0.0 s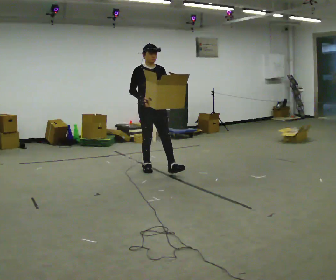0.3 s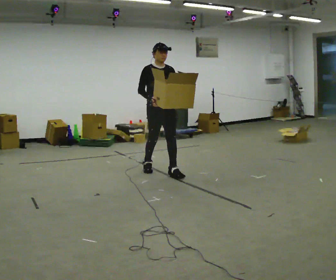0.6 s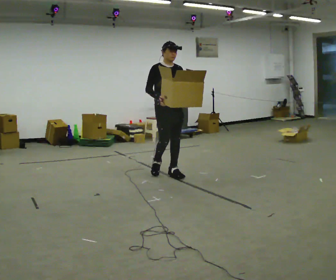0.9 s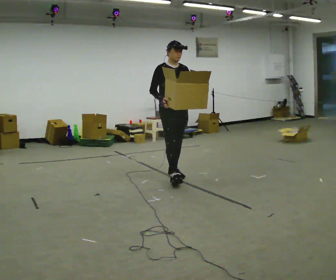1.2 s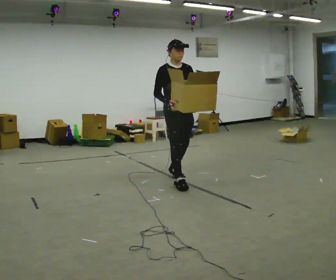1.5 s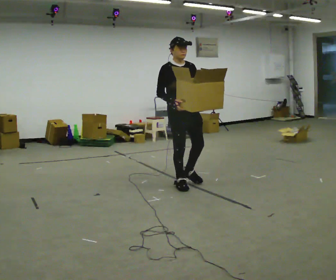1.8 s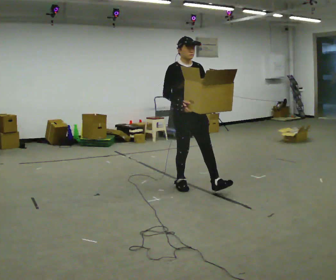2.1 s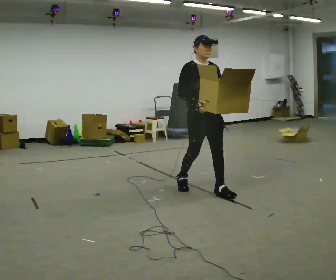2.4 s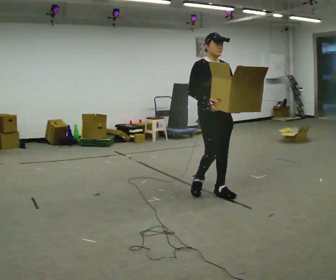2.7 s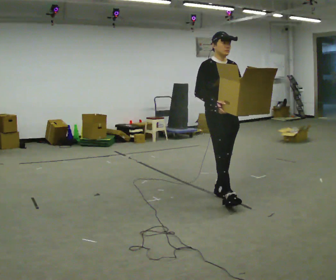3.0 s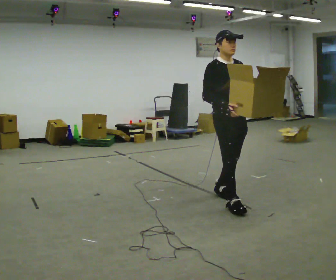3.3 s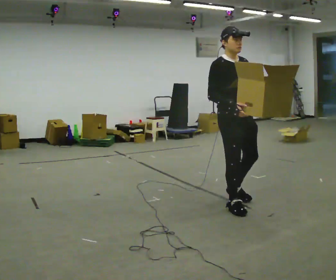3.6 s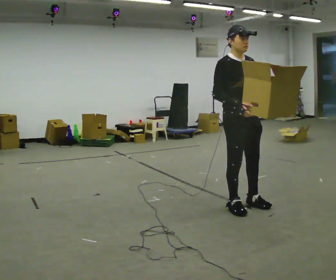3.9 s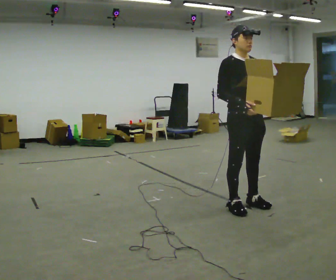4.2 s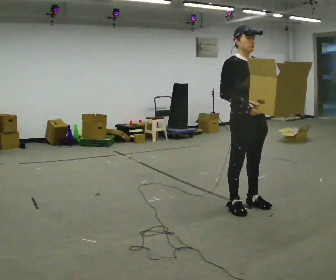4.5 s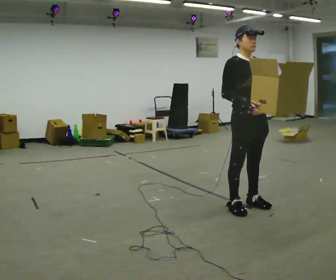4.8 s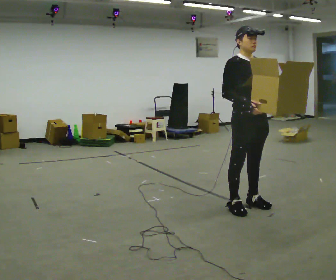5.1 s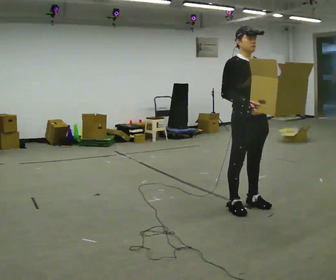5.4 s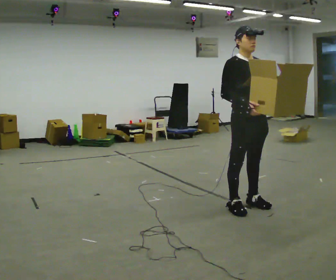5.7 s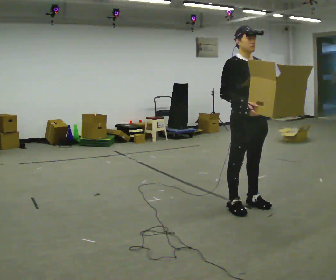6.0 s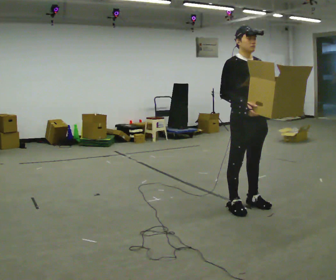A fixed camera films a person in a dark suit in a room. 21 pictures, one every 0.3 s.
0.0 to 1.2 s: In the picture they go to the right and toward the camera, about 0.75 m in 2 steps, which for them is forward.
1.2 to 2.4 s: In the picture they go to the right and toward the camera, about 0.75 m in 1 step, which for them is forward.
2.4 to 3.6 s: In the picture they go toward the camera and to the right, about 0.5 m in 2 steps, which for them is forward.
3.6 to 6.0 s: The person moves a little, or ends about where they began.
The film runs forward here.
